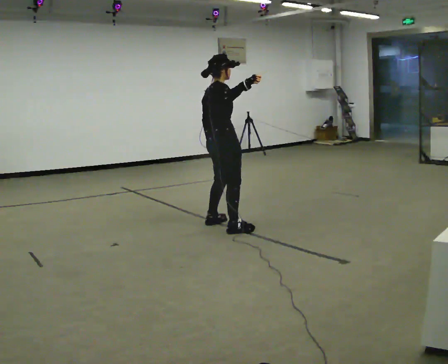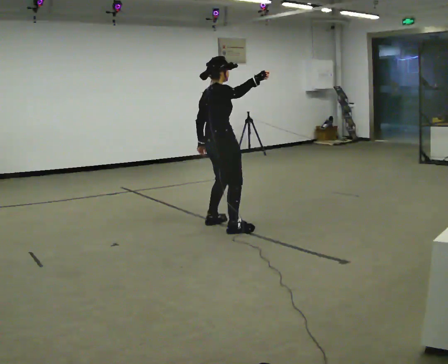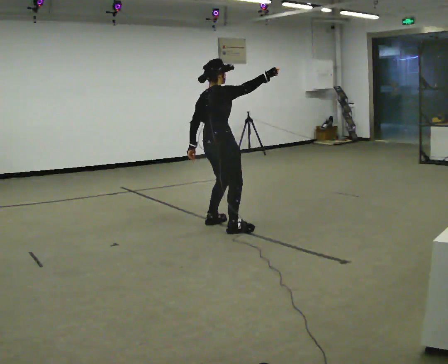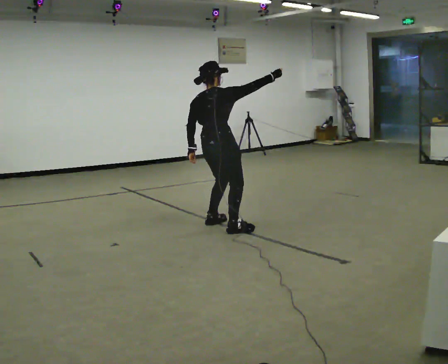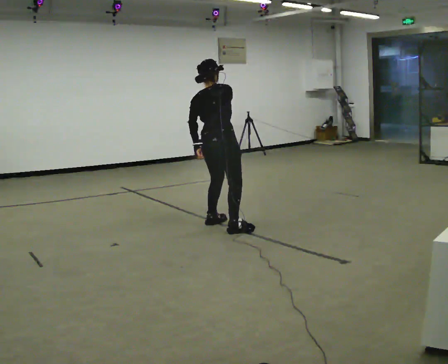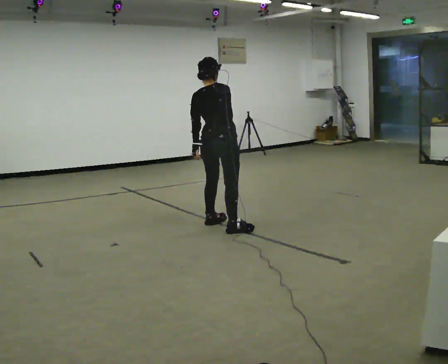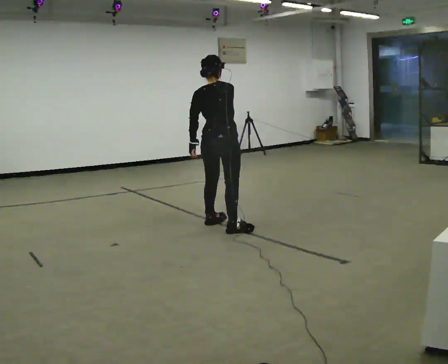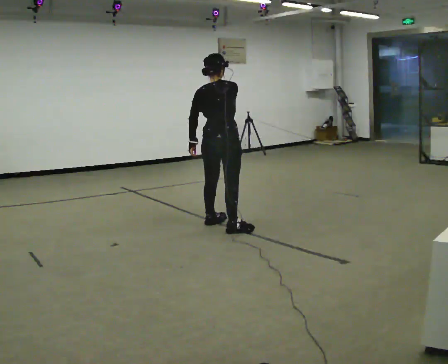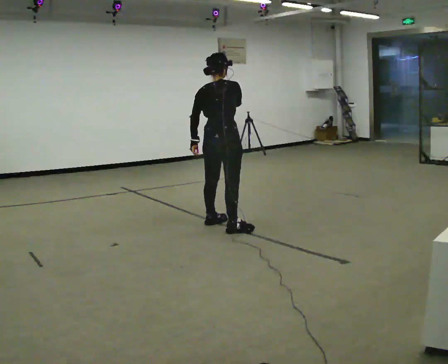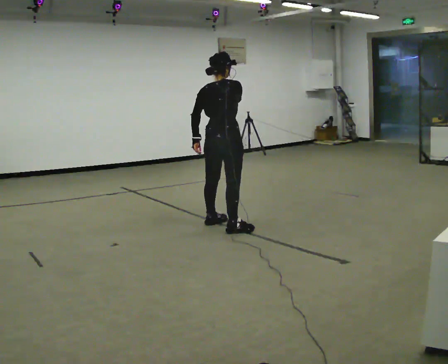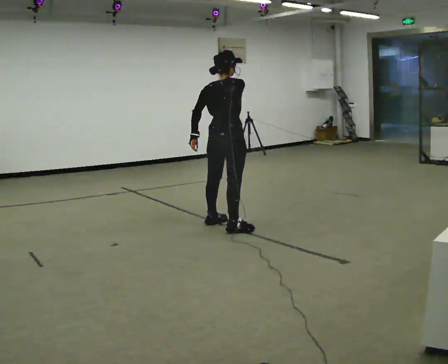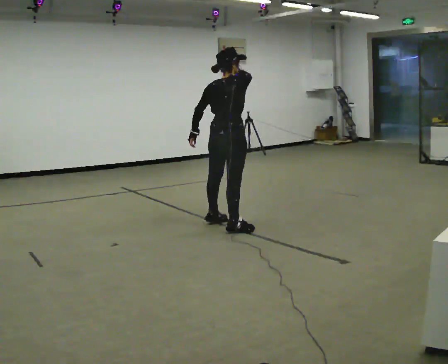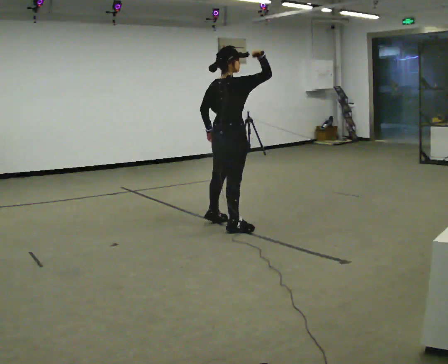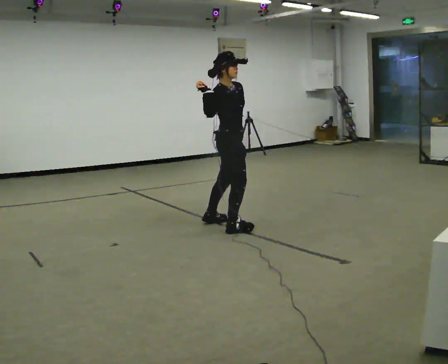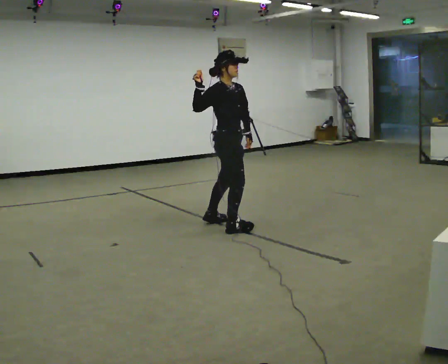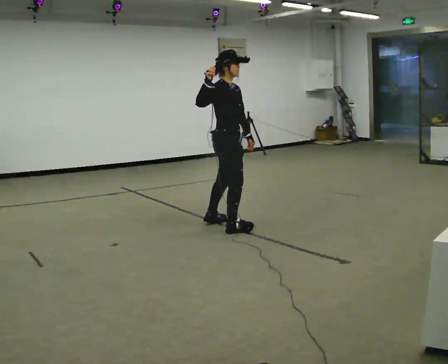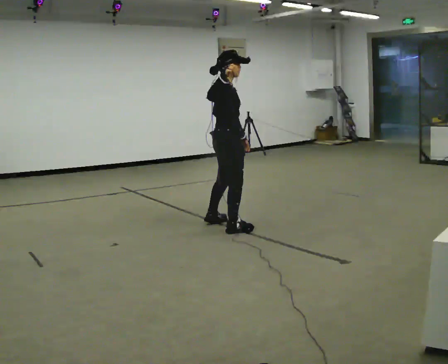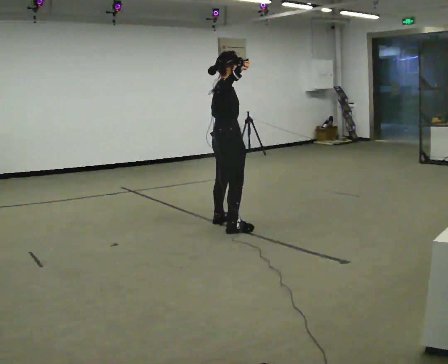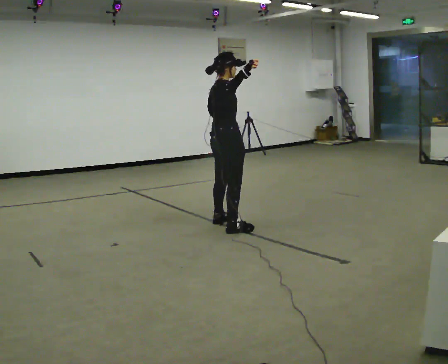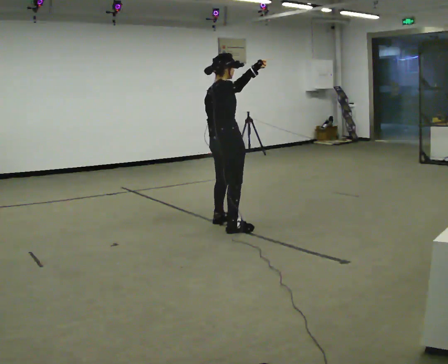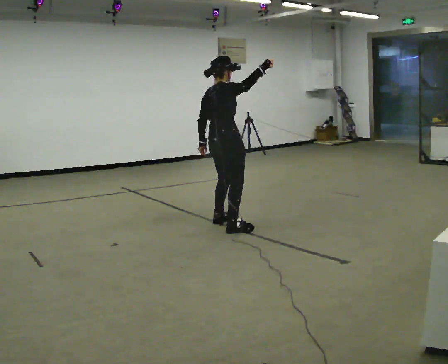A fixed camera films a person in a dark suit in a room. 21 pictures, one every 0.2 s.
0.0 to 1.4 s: The part of the body nearest the lens slides to the right as the person turns to their left by about 45 degrees. In the picture their right hand goes to the left.
1.4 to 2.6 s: The part of the body nearest the lens slides to the left as the person turns to their right by about 75 degrees. In the picture their left hand goes to the right.
2.6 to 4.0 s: Seen from above the body turns counterclockwise, about 45 degrees: to their left, with its near side sliding to the right. In the picture their right hand goes to the right.
The film runs backward here.
